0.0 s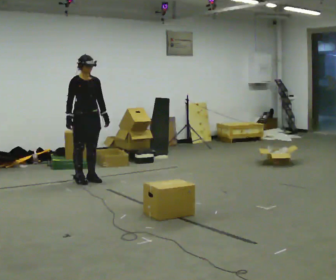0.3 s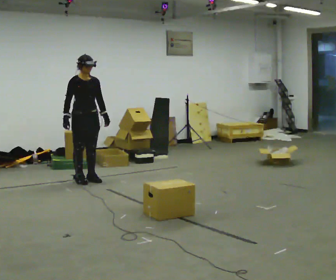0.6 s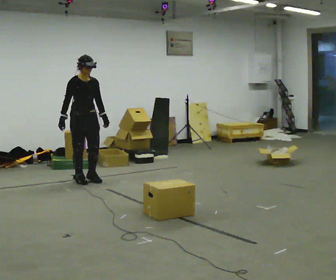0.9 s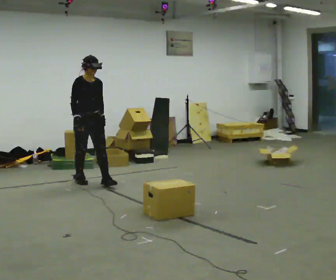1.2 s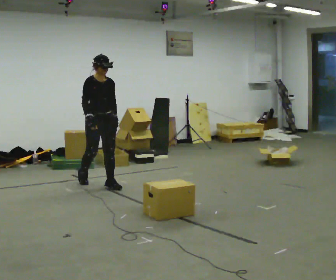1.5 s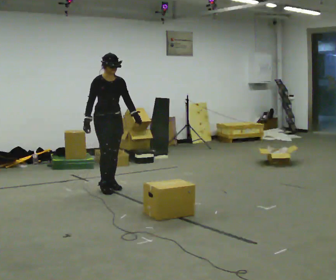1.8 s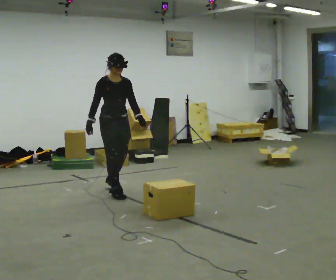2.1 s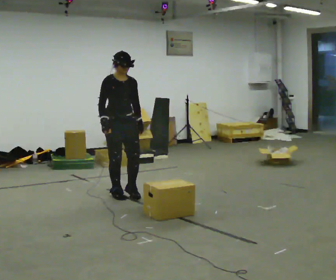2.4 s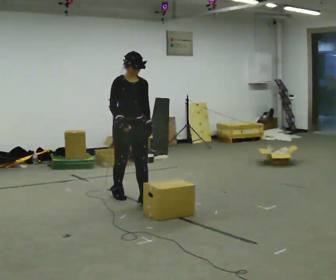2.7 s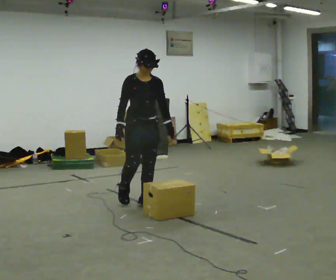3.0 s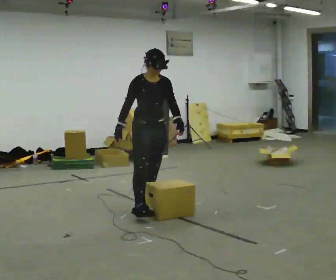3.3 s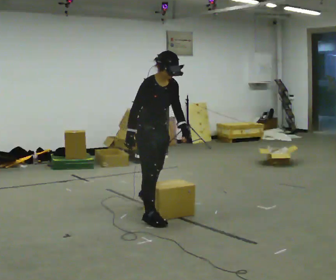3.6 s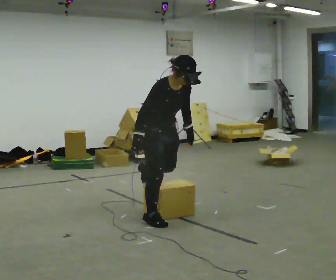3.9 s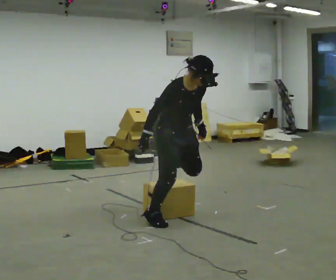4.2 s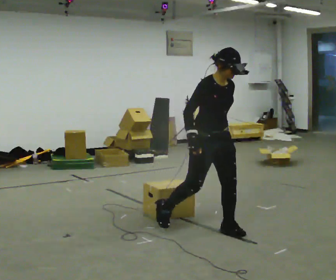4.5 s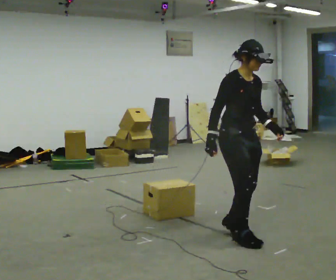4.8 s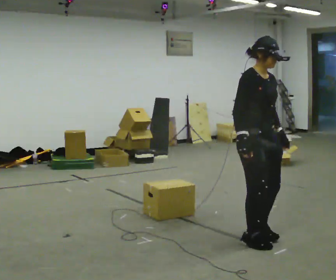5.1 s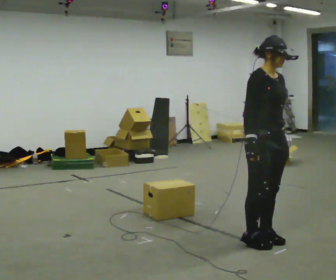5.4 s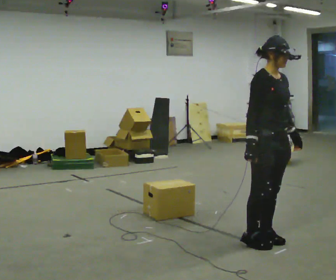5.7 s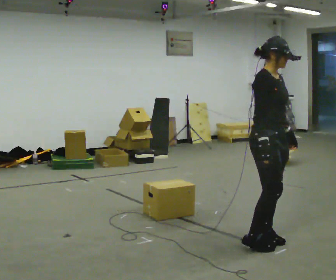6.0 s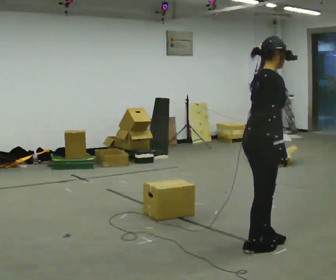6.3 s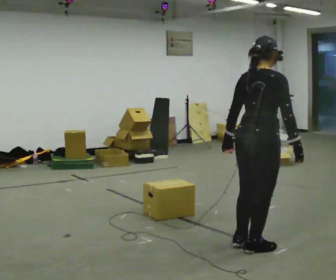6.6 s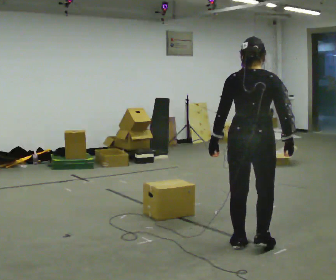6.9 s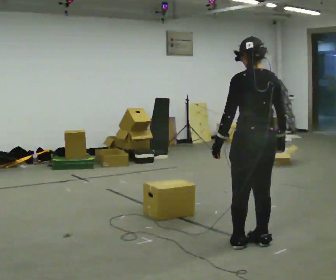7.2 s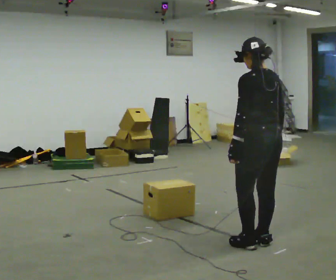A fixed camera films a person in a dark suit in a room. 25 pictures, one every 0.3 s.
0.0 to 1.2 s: In the picture they go toward the camera and to the right, about 0.25 m in 1 step, which for them is forward.
1.2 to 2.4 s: In the picture they go toward the camera and to the right, about 1 m in 2 steps, which for them is forward.
2.4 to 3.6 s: In the picture they go toward the camera and to the right, about 1 m in 1 step, which for them is forward. The upper body tips toward the camera, its near side rolling downward, as they bend forward.
3.6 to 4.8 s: In the picture they go to the right and toward the camera, about 1 m in 2 steps, which for them is forward. The upper body tips away from the camera, its near side rolling upward, as they lean back or straighten.
4.8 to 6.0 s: The person turns about 60 degrees to their left, counterclockwise seen from above, so the part of the body nearest the lens slides to the right.
6.0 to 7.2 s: The part of the body nearest the lens slides to the right as the person turns to their left by about 120 degrees.
The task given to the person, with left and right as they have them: Walk back and forth across the room at a normal pace, looking ahead. There may be something on the floor. Recover however comes naturally and carry on.
The film runs forward here.
